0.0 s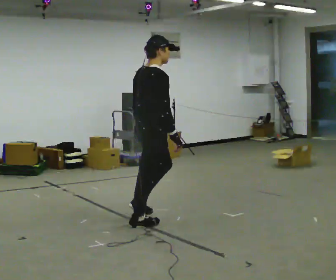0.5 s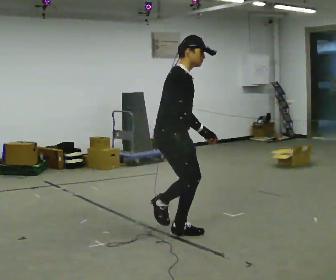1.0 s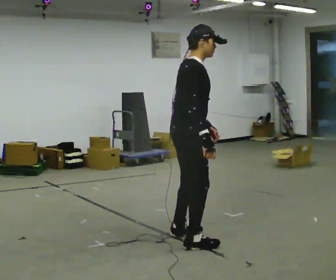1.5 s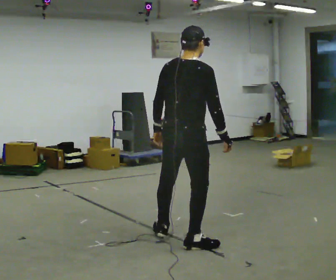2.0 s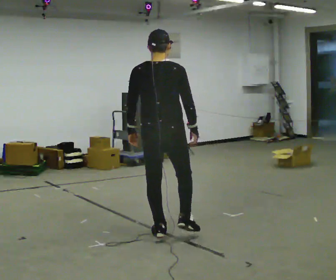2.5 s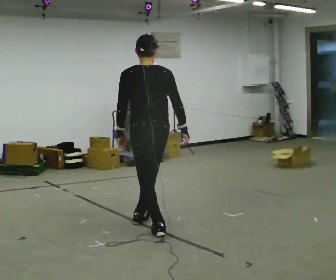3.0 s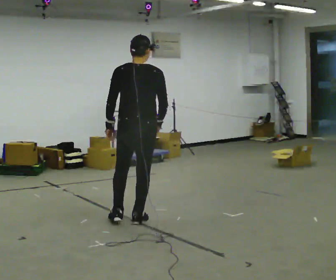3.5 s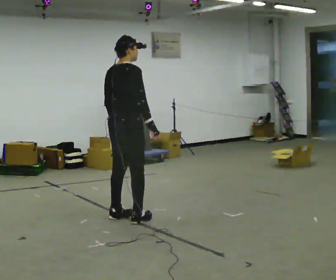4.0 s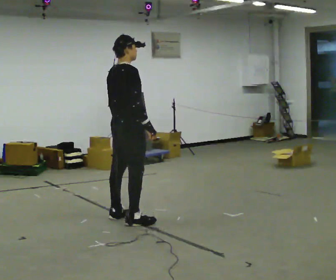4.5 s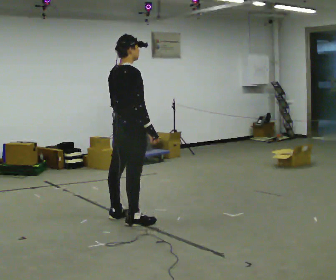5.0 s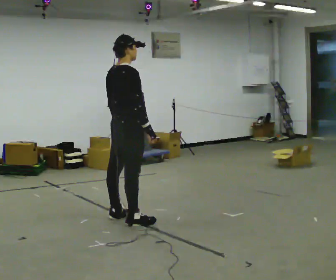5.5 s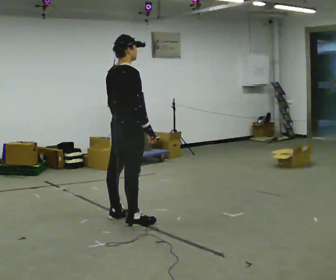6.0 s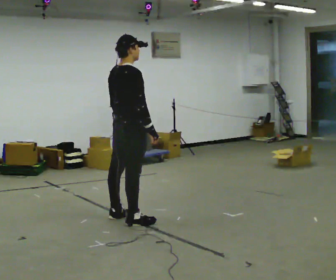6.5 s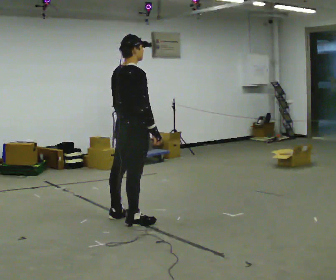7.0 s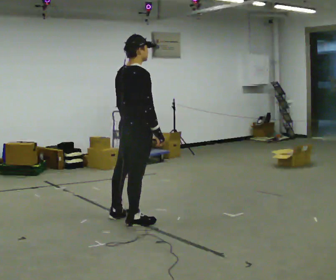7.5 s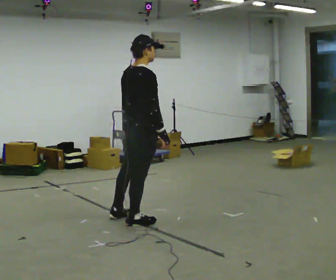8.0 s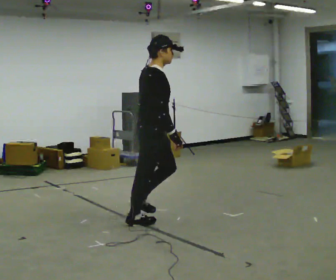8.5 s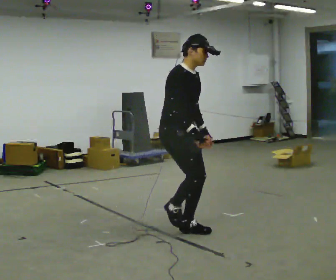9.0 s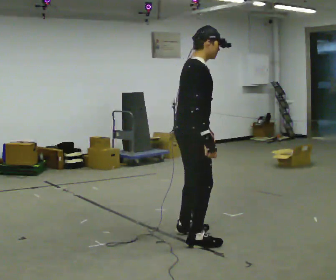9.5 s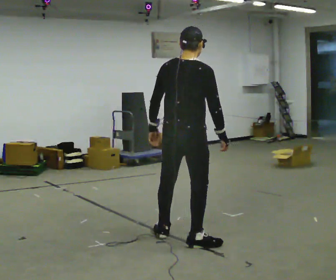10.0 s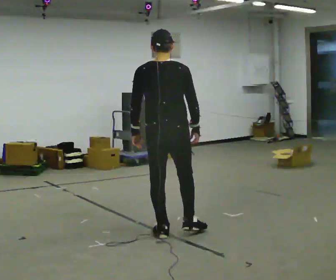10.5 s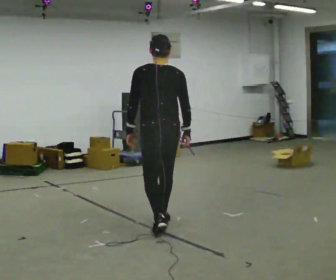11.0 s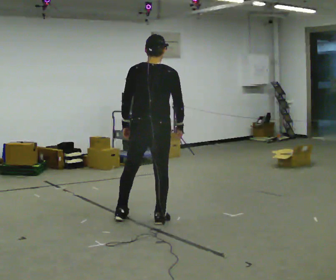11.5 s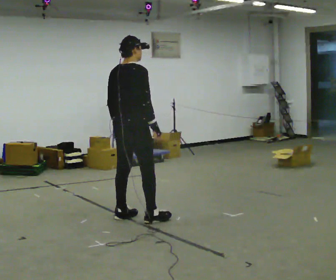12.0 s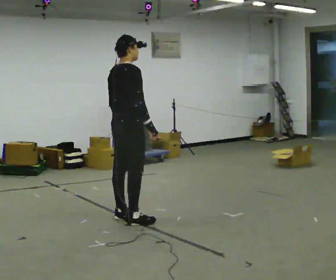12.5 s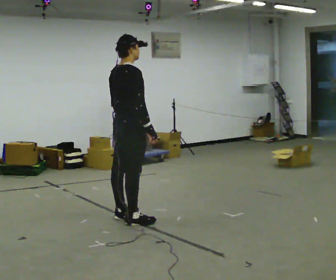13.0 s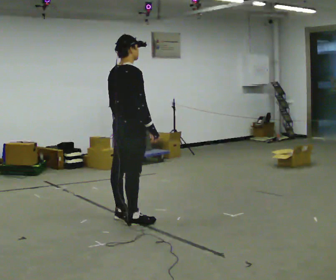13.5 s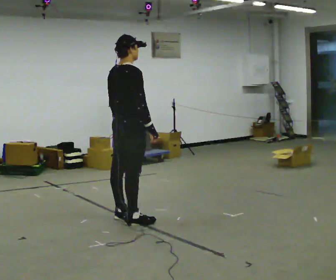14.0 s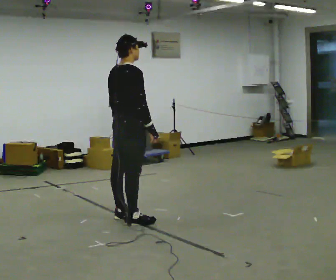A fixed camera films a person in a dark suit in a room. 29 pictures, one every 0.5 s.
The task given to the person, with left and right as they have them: Stand on the marked spots. Lean to the side the operator calls until you cannot hold it, then step to catch yourself. Return to the spots. Repeat at your own pace until the operator says stop. Go slowly and only as far as you are comfortable. Step whenever you need to; do not try to hold on longer than feels safe.
0.0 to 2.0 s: The person turns about 60 degrees to their left, counterclockwise seen from above, so the part of the body nearest the lens slides to the right. In the picture they go toward the camera, about 0.25 m in 2 steps.
2.0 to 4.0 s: The part of the body nearest the lens slides to the left as the person turns to their right by about 45 degrees. In the picture they go away from the camera and to the left, about 0.5 m in 2 steps.
4.0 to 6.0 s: The person moves a little, or ends about where they began.
6.0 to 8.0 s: The part of the body nearest the lens slides to the left as the person turns to their right by about 30 degrees. In the picture they go to the right and toward the camera, about 0.25 m, which for them is to their right.
8.0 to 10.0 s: The person turns about 90 degrees to their left, counterclockwise seen from above, so the part of the body nearest the lens slides to the right. In the picture they go toward the camera and to the right, about 0.25 m in 3 steps.
10.0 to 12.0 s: The part of the body nearest the lens slides to the left as the person turns to their right by about 60 degrees. In the picture they go away from the camera and to the left, about 0.5 m in 3 steps.
12.0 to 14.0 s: The person moves a little, or ends about where they began.
The film runs forward here.
